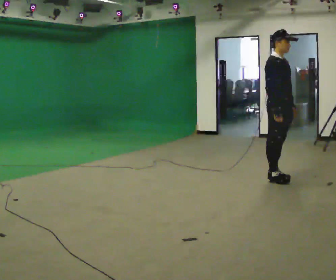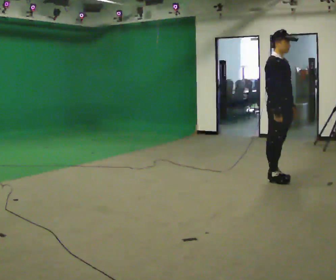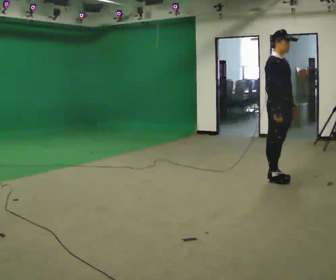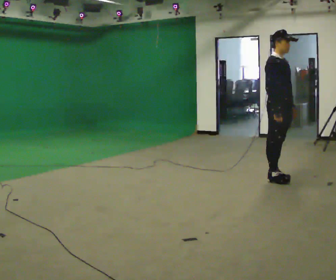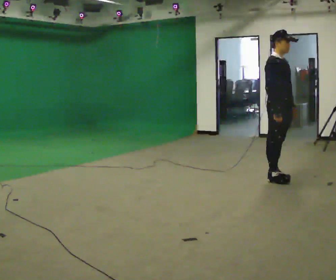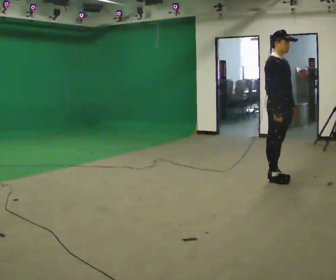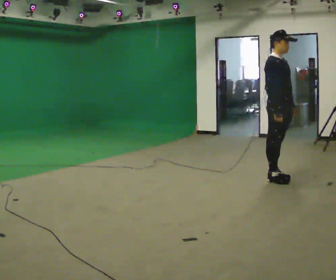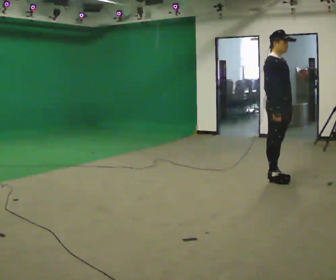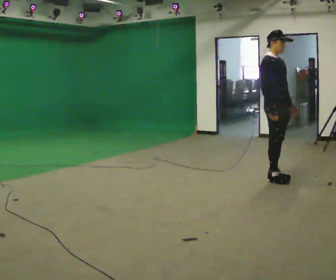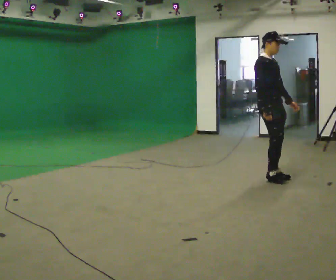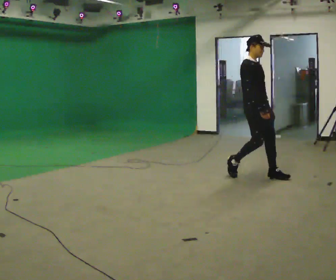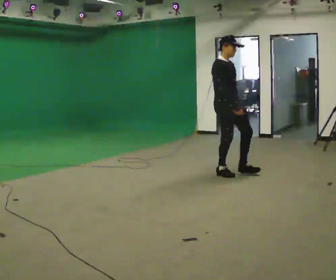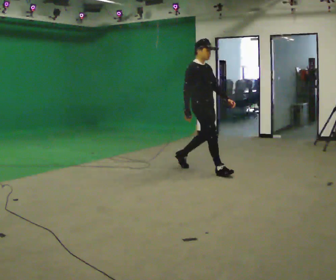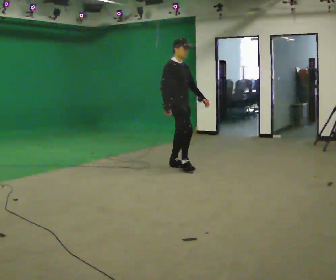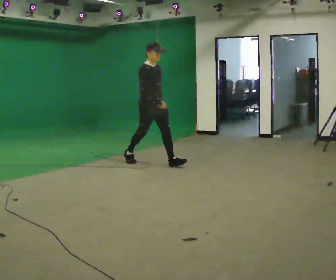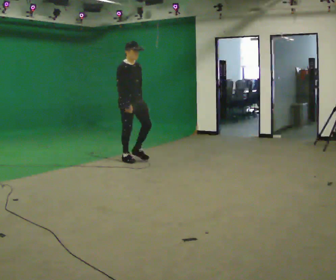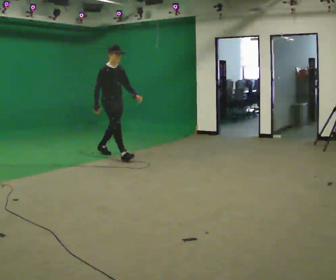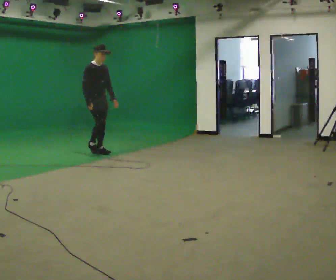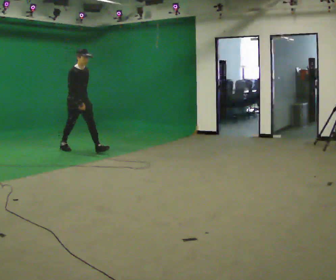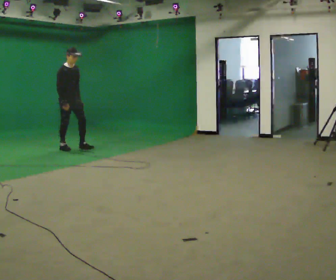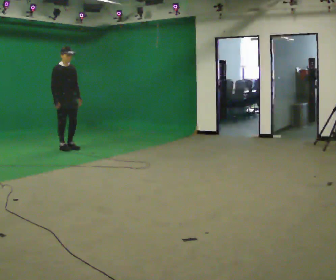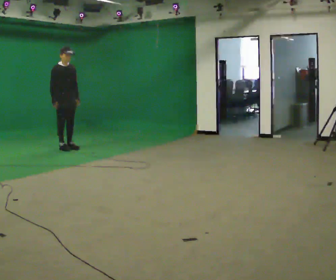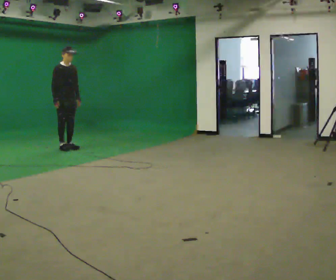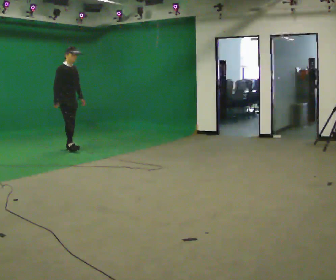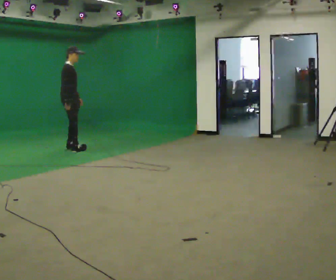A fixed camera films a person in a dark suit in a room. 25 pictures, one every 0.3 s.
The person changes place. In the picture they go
to the left.
0.0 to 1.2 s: The person keeps their place and pose.
1.2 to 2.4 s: The person moves a little, or ends about where they began.
2.4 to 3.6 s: In the picture they go to the left and away from the camera, about 1 m in 2 steps, which for them is backward.
3.6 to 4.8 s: In the picture they go to the left and away from the camera, about 1.5 m in 3 steps, which for them is backward.
4.8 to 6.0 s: In the picture they go to the left and away from the camera, about 1 m in 1 step, which for them is backward.
6.0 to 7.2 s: The person turns about 30 degrees to their left, counterclockwise seen from above, so the part of the body nearest the lens slides to the right.
The film runs backward here.
